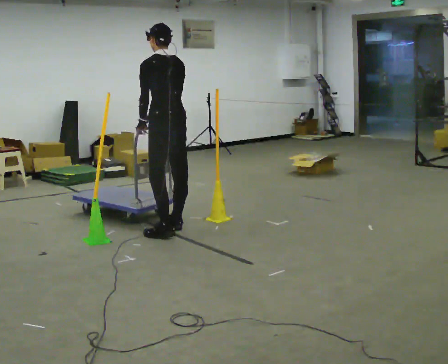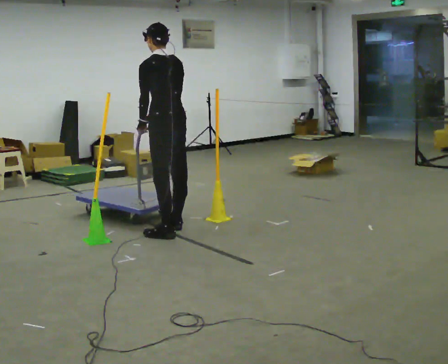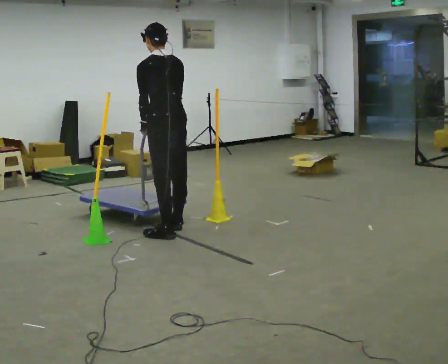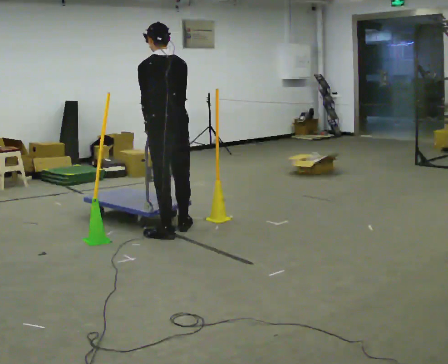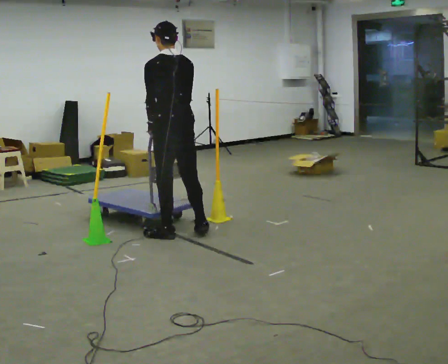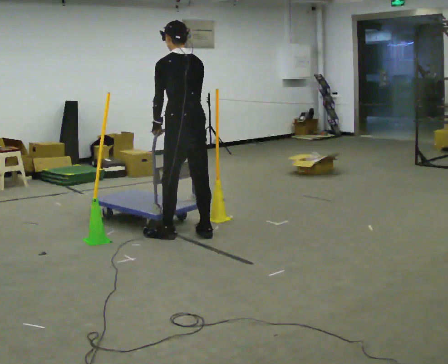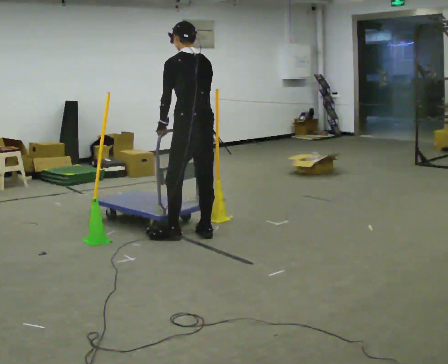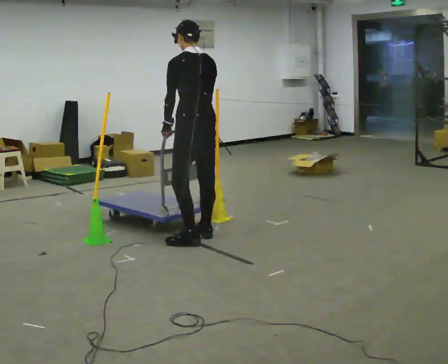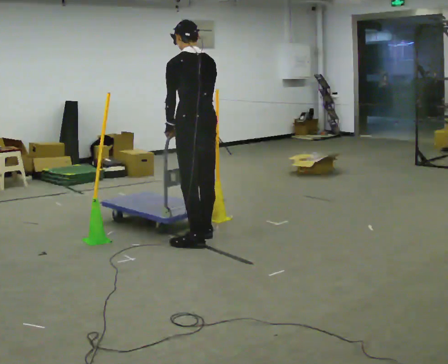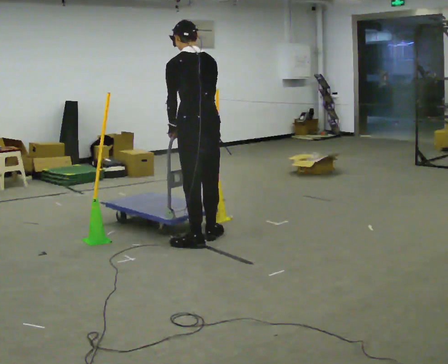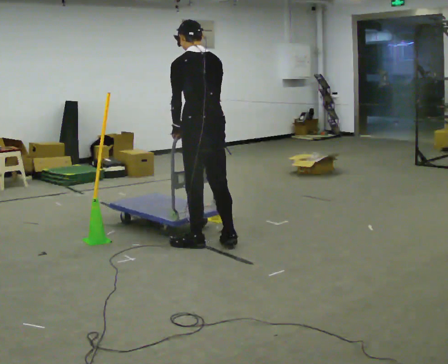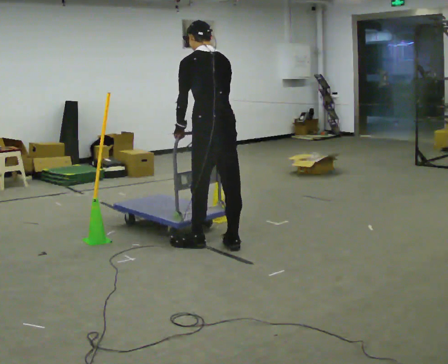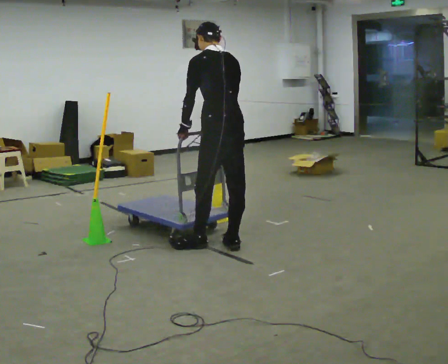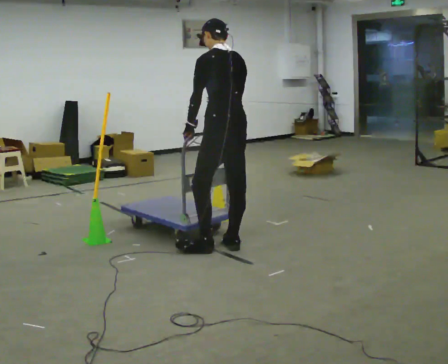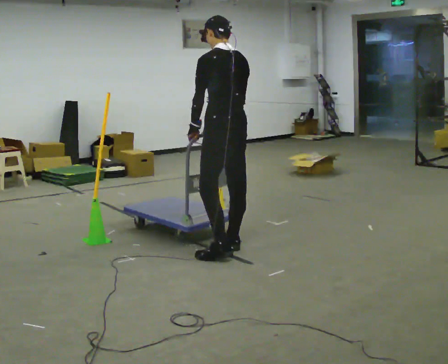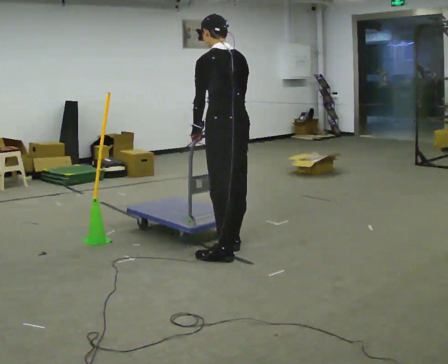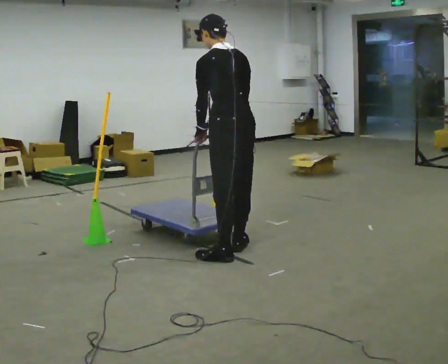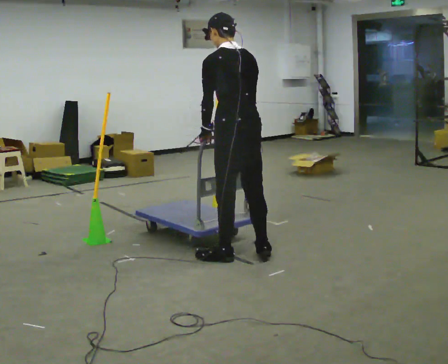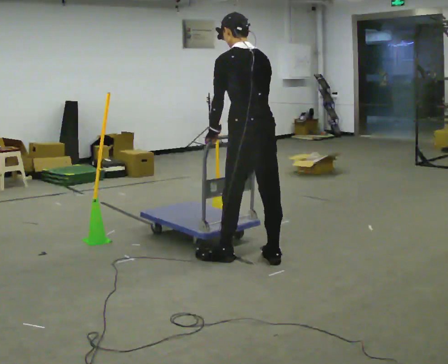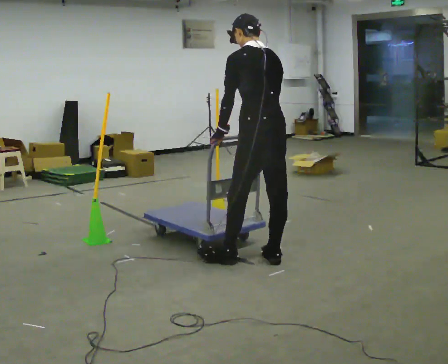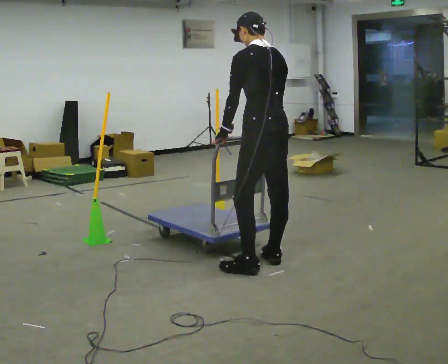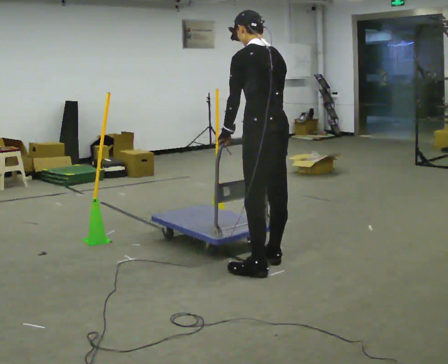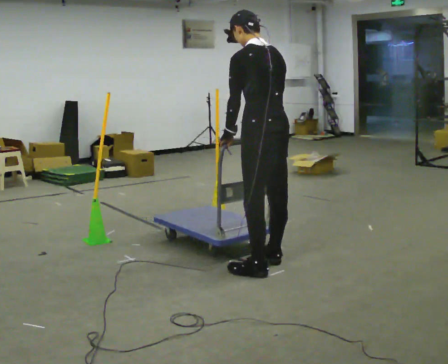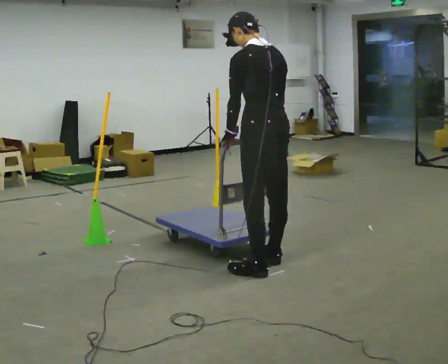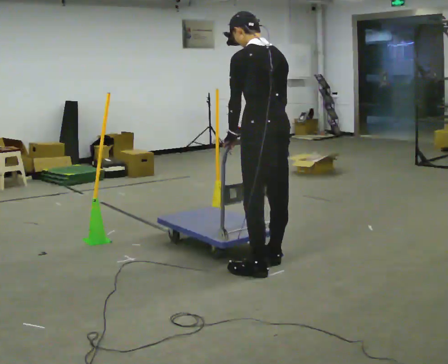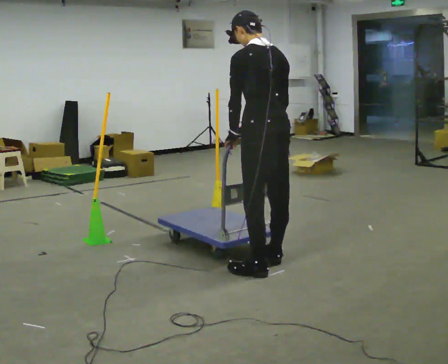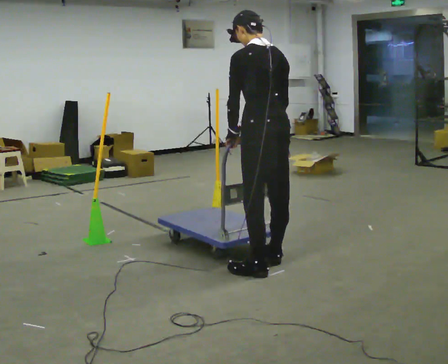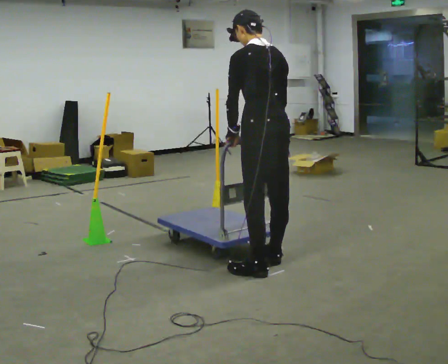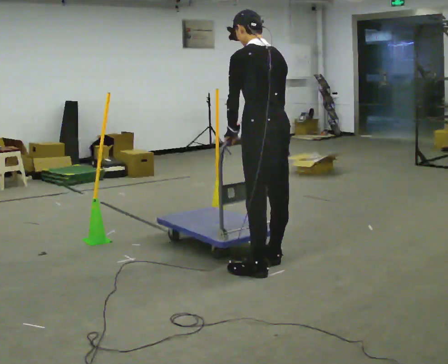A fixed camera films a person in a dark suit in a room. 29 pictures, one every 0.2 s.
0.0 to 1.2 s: In the picture they go to the right and toward the camera, about 0.25 m in 1 step, which for them is backward.
1.2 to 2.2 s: In the picture they go toward the camera and to the right, about 0.25 m in 2 steps, which for them is backward.
2.2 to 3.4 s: In the picture they go toward the camera and to the right, about 0.25 m in 1 step, which for them is backward.
3.4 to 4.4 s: In the picture they go toward the camera and to the right, about 0.25 m in 2 steps, which for them is backward.
4.4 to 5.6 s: The person moves a little, or ends about where they began.
The film runs forward here.
